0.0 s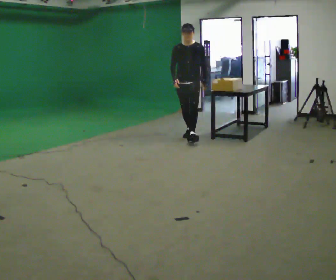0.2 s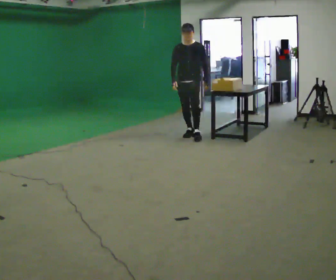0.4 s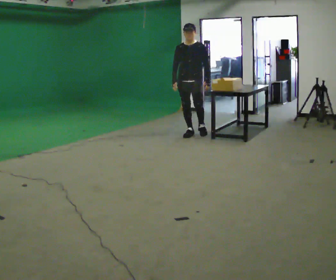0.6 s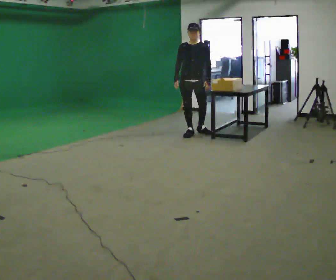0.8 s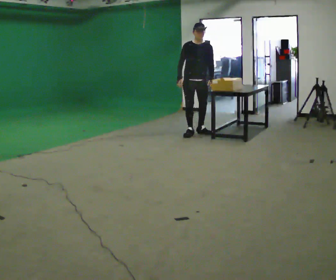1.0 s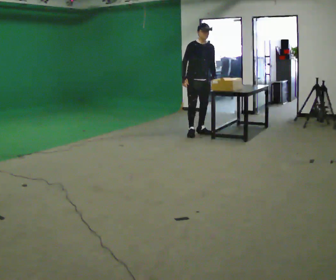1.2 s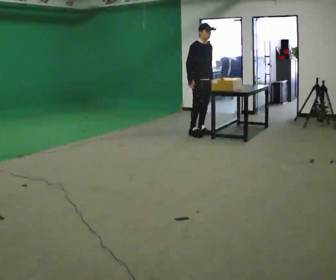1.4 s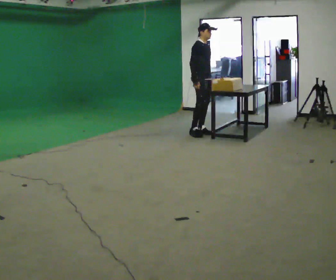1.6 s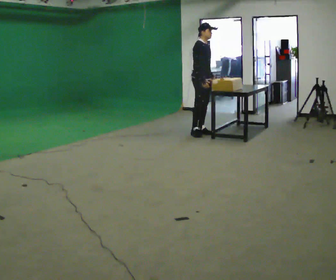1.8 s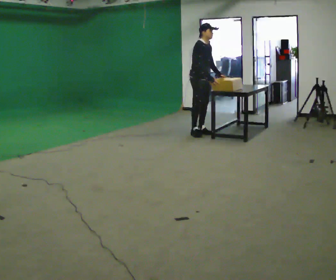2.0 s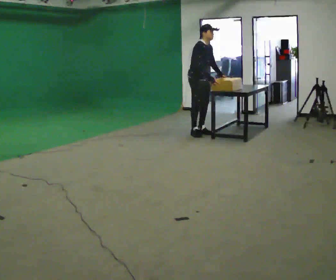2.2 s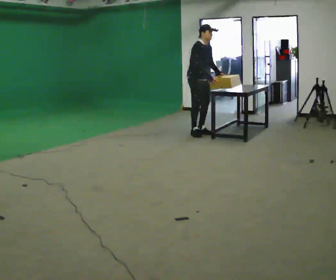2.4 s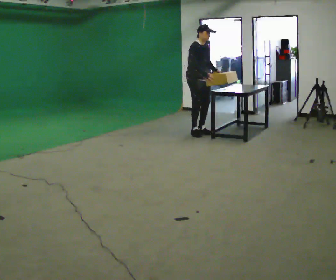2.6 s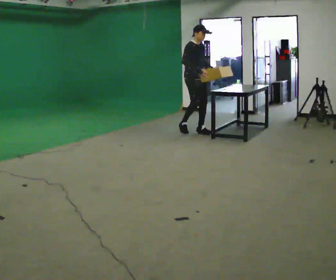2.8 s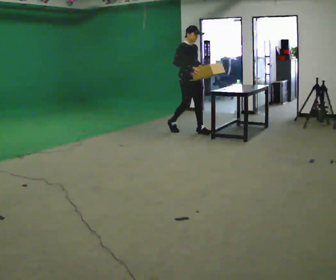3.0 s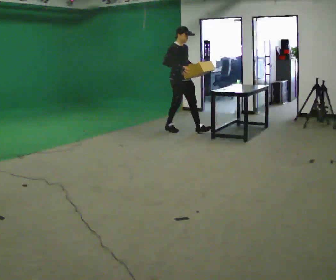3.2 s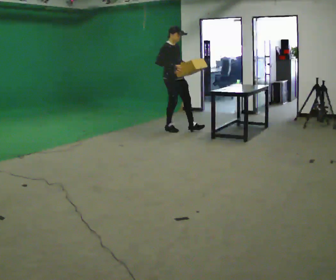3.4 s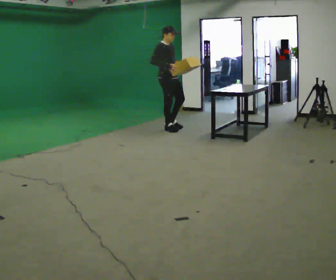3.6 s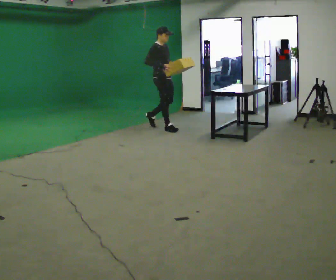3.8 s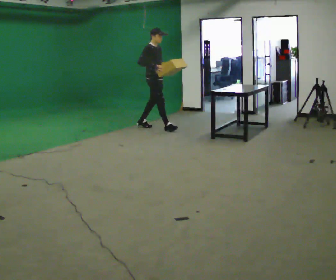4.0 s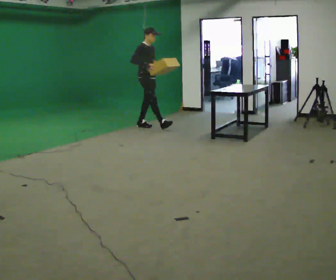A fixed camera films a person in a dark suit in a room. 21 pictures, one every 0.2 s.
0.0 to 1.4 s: The part of the body nearest the lens slides to the right as the person turns to their left by about 60 degrees. In the picture they go away from the camera and to the right, about 0.25 m.
1.4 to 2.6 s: The person moves a little, or ends about where they began.
2.6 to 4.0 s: In the picture they go to the left and away from the camera, about 1 m in 2 steps, which for them is backward.
The film runs backward here.
